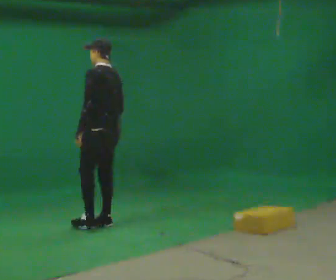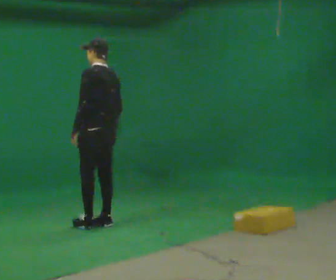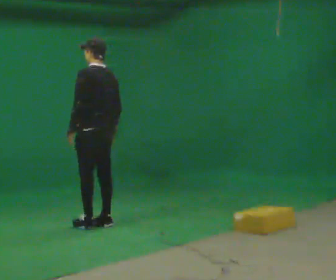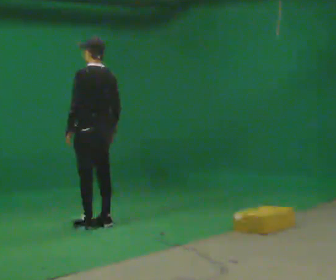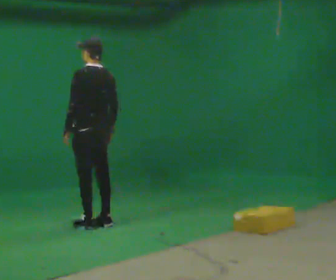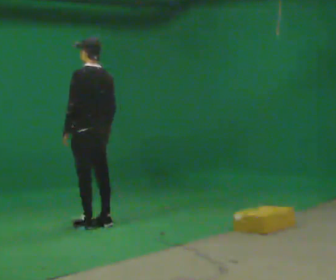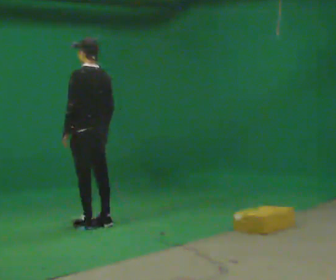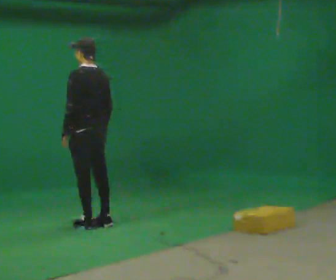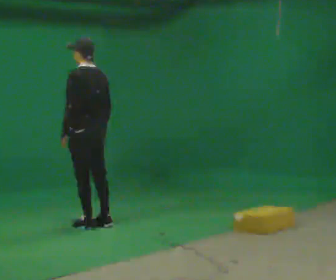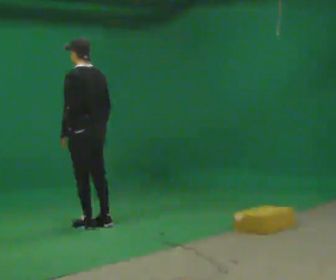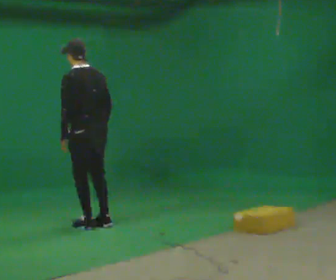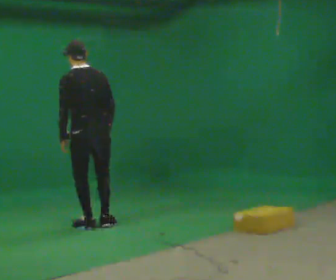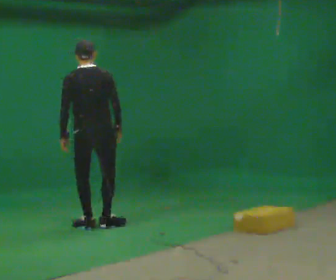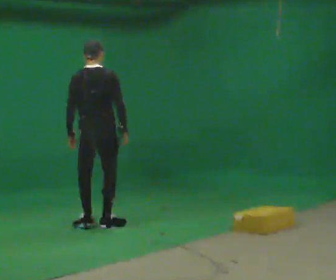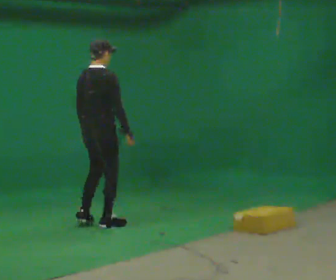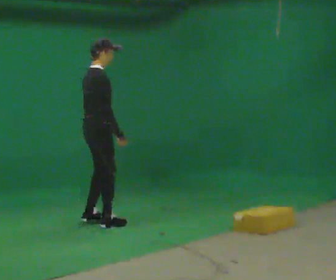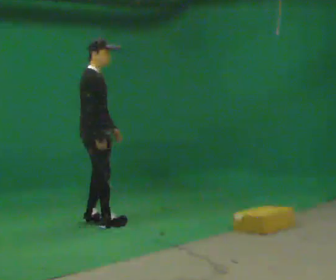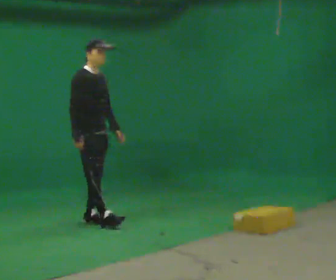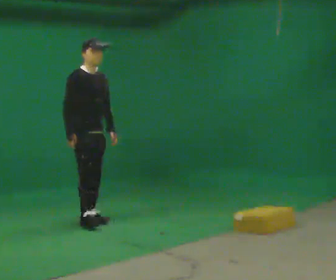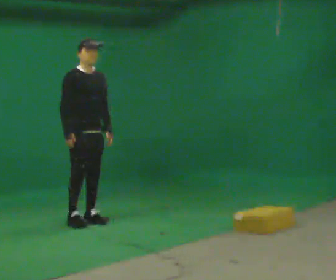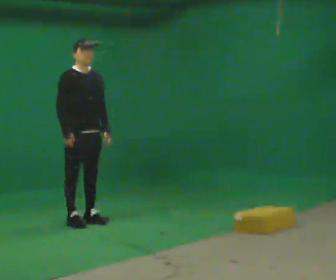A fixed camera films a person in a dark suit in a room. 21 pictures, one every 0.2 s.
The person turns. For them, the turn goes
to their right.
The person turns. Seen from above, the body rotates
clockwise.
0.0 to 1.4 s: The person moves a little, or ends about where they began.
1.4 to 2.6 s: The person turns about 60 degrees to their right, clockwise seen from above, so the part of the body nearest the lens slides to the left.
2.6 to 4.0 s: Seen from above the body turns clockwise, about 120 degrees: to their right, with its near side sliding to the left. In the picture they go to the left and away from the camera, about 0.25 m in 2 steps.
The film runs forward here.
